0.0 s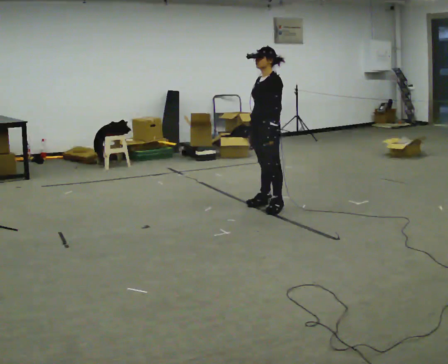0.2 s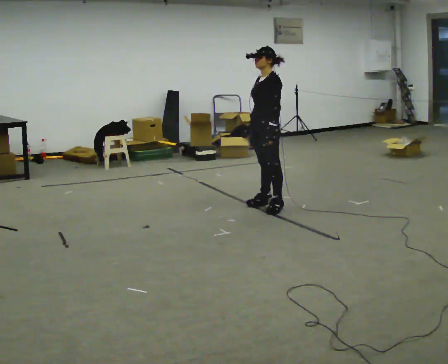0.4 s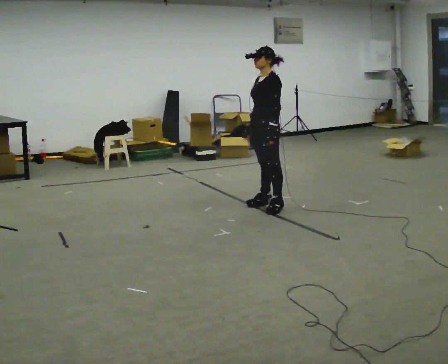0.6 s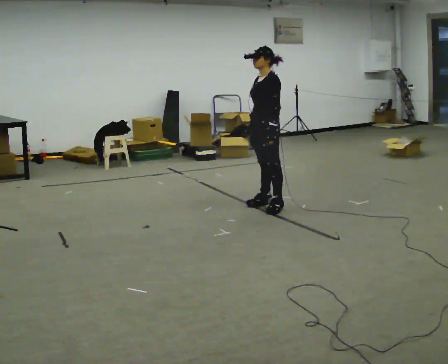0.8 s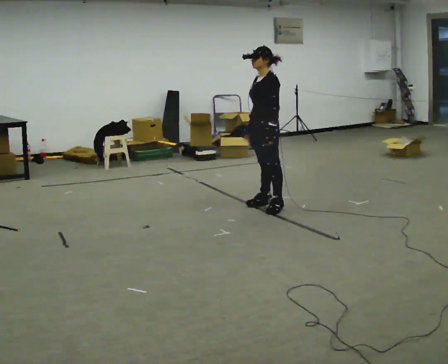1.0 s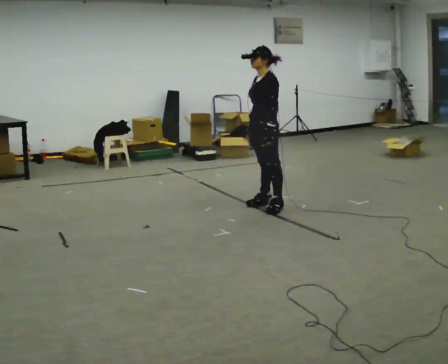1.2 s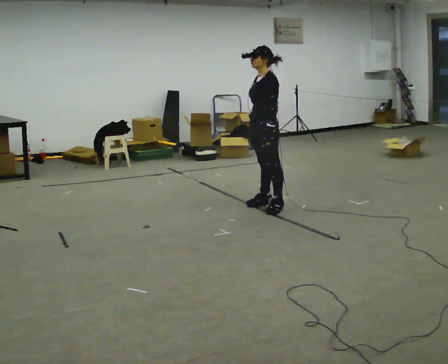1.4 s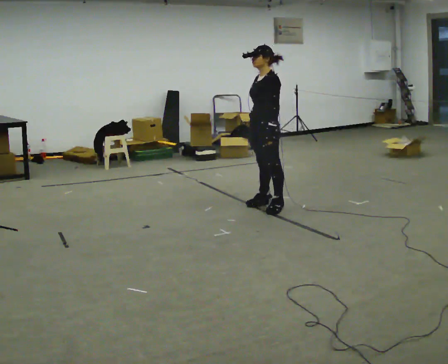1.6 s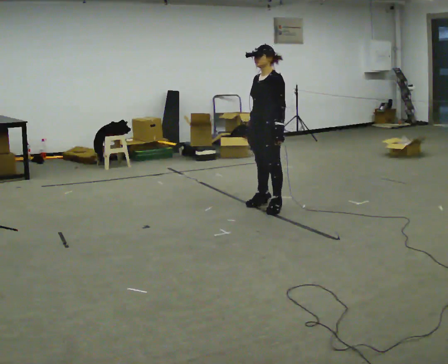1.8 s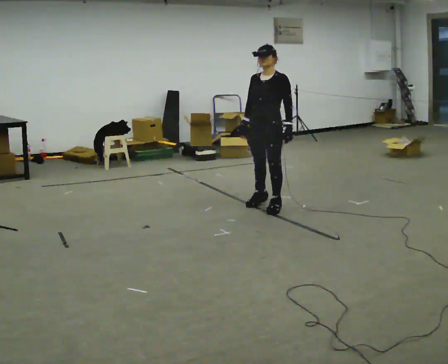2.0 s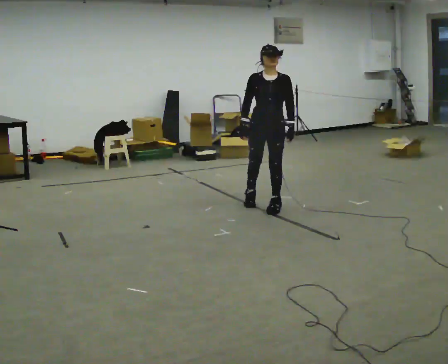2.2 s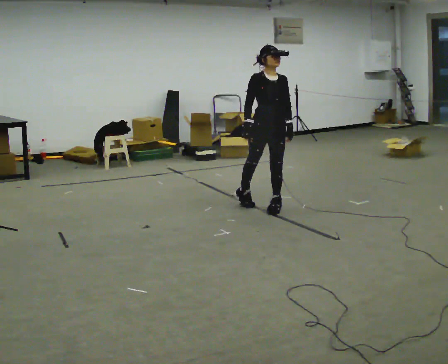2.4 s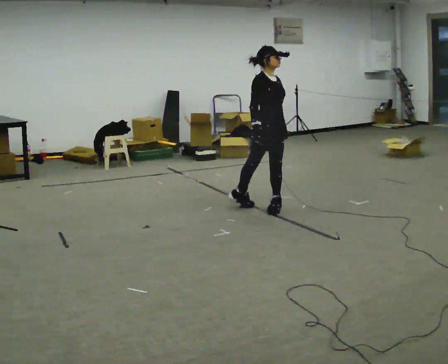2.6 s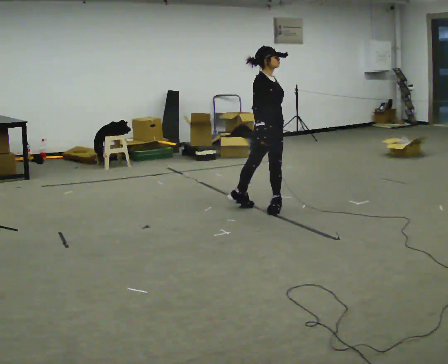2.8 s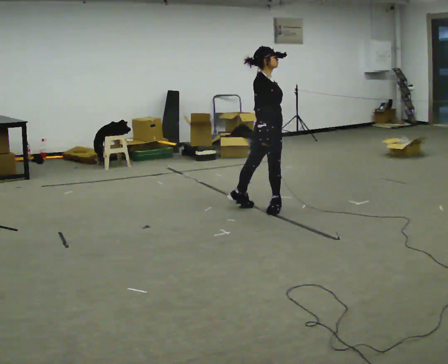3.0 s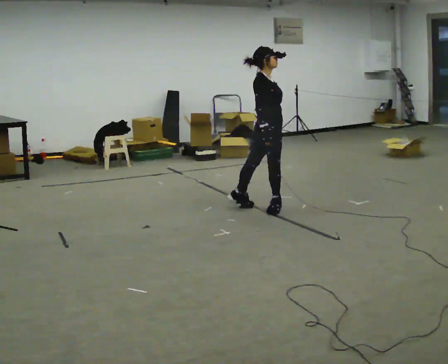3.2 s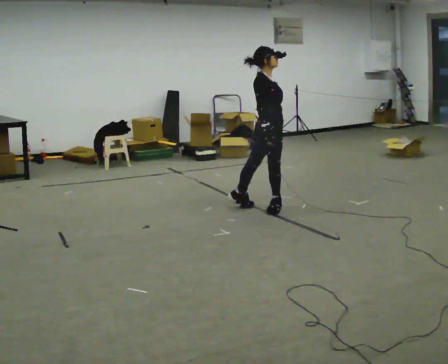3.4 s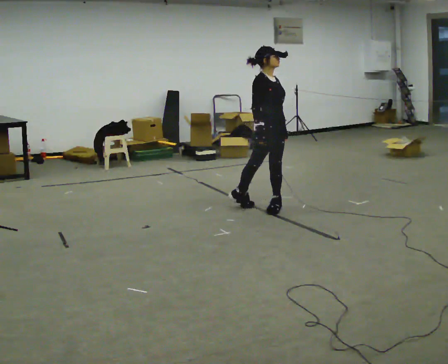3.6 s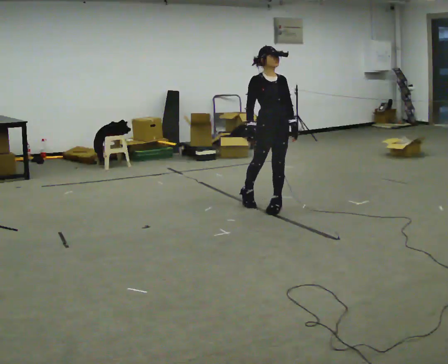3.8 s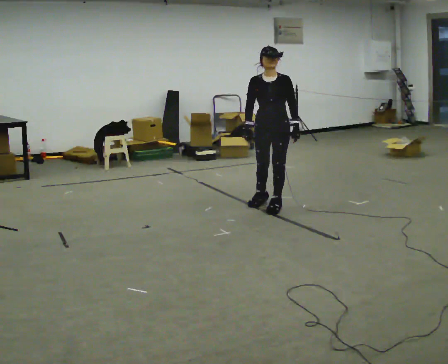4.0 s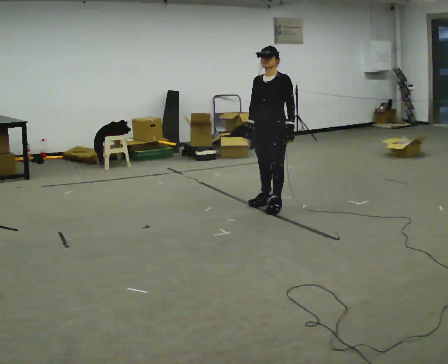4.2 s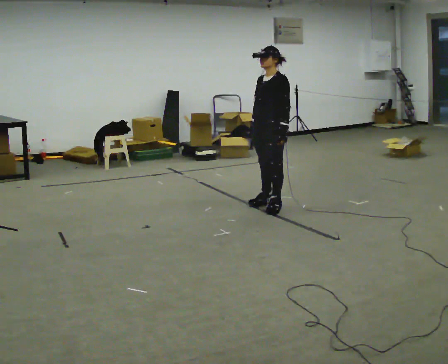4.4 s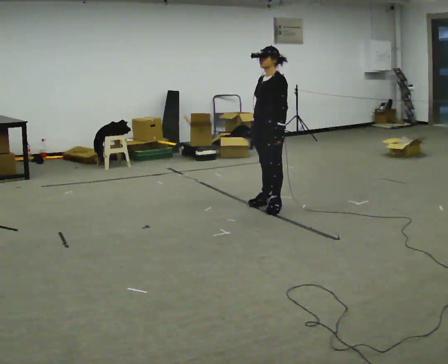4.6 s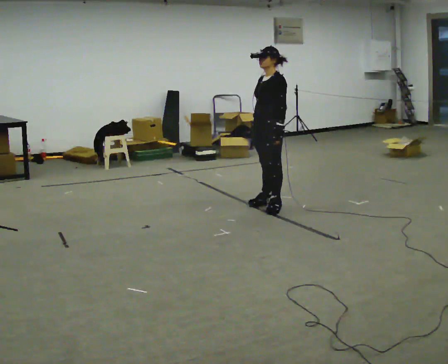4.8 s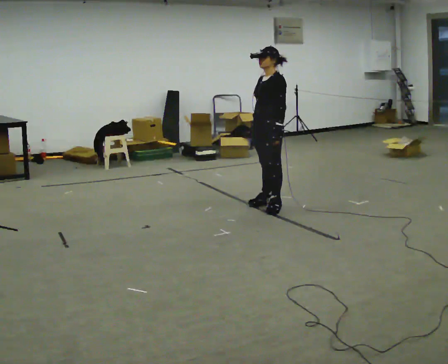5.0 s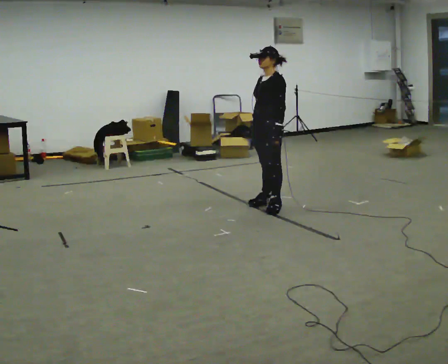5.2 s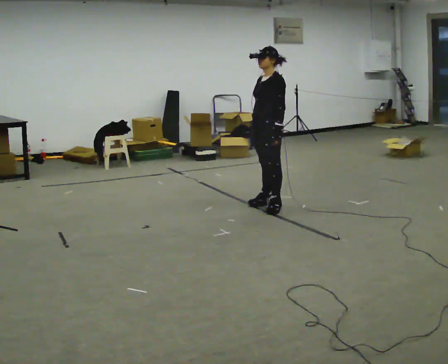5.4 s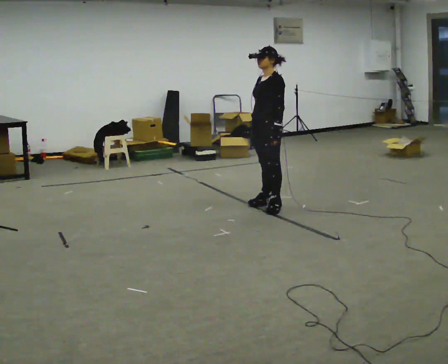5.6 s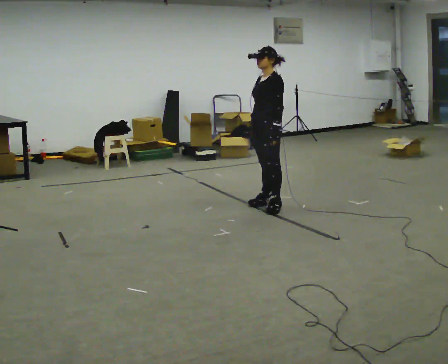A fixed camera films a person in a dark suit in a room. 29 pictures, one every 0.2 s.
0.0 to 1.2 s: The person moves a little, or ends about where they began.
1.2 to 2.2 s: Seen from above the body turns counterclockwise, about 90 degrees: to their left, with its near side sliding to the right.
2.2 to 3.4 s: The person turns about 30 degrees to their left, counterclockwise seen from above, so the part of the body nearest the lens slides to the right.
3.4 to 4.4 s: The part of the body nearest the lens slides to the left as the person turns to their right by about 120 degrees.
4.4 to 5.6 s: The person moves a little, or ends about where they began.
The film runs backward here.
